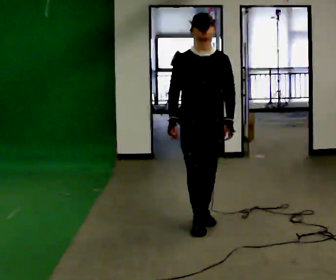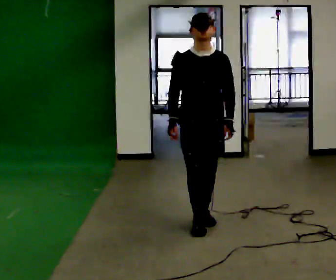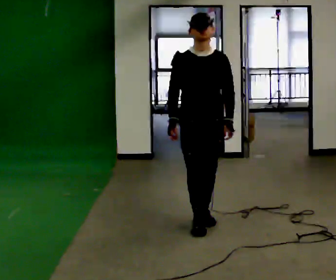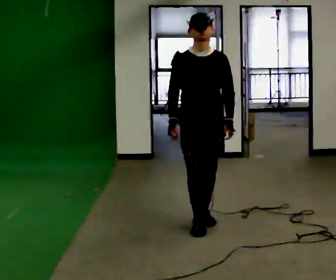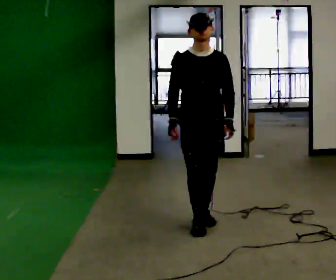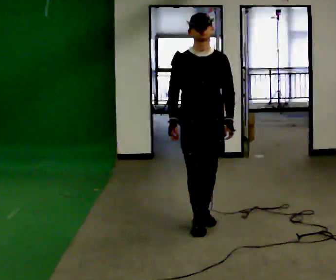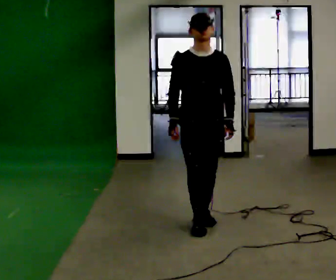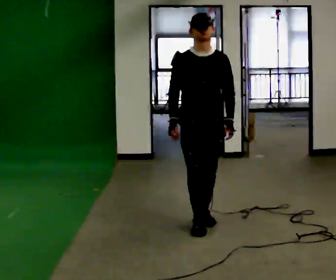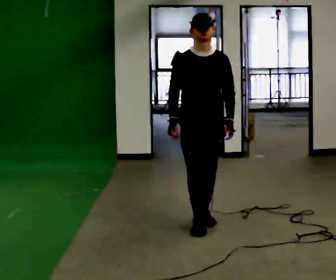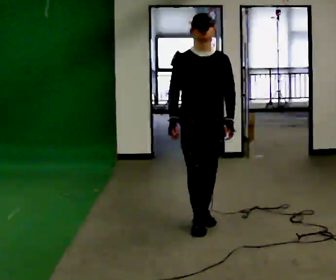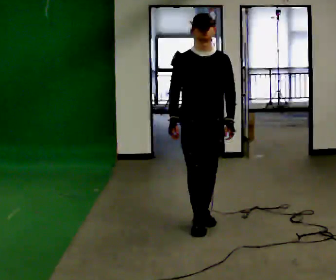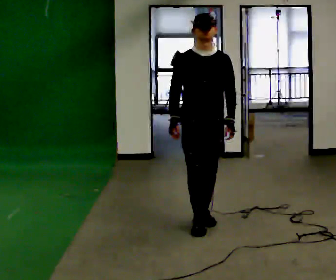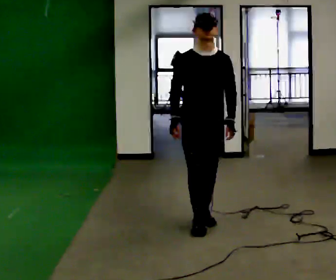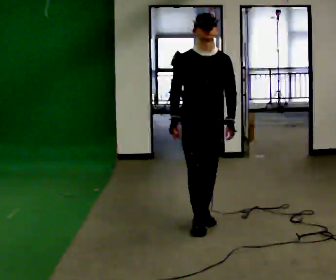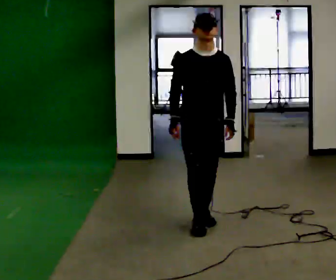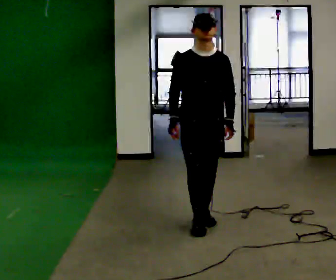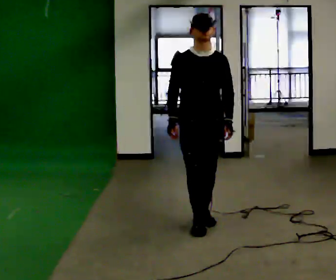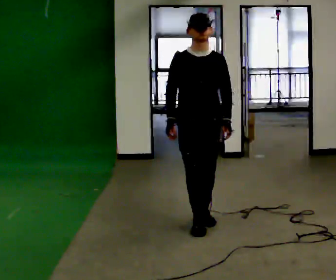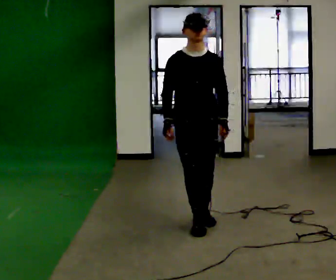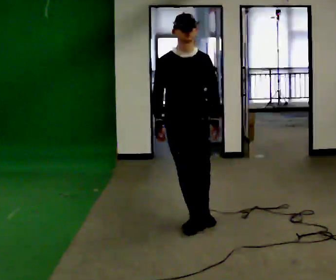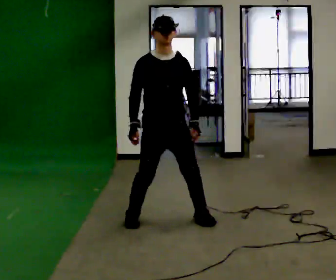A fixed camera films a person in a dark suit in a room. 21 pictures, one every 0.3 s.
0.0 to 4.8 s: The person moves a little, or ends about where they began.
4.8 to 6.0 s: In the picture they go to the left, about 0.25 m in 1 step, which for them is to their right.
The film runs forward here.
